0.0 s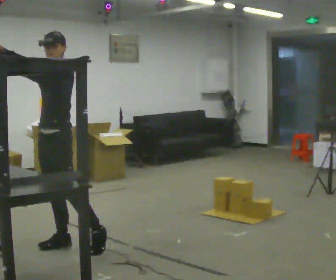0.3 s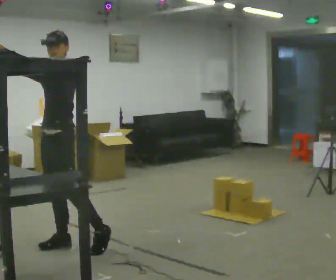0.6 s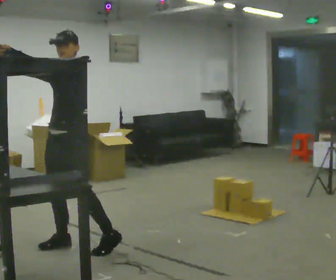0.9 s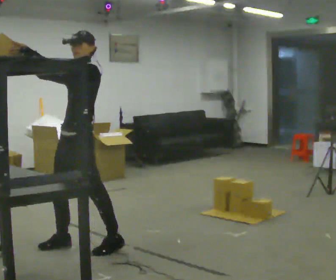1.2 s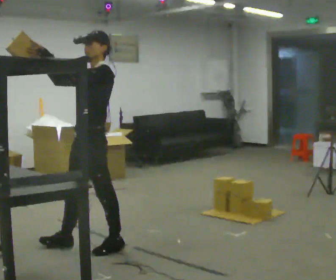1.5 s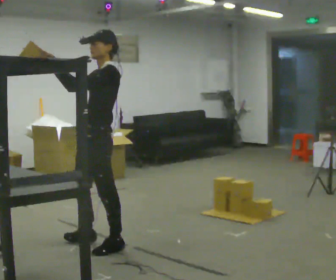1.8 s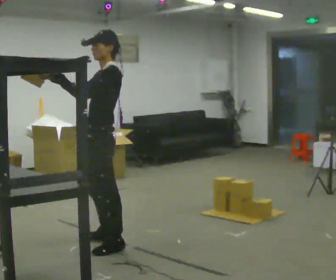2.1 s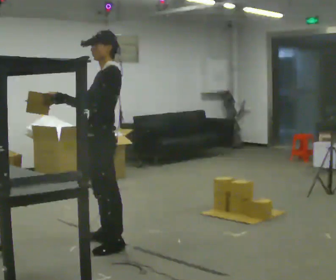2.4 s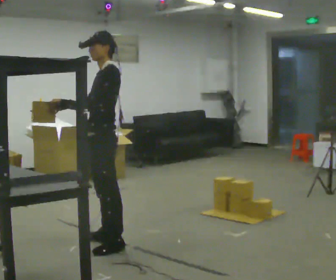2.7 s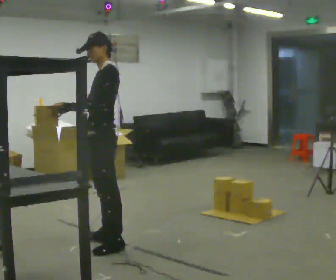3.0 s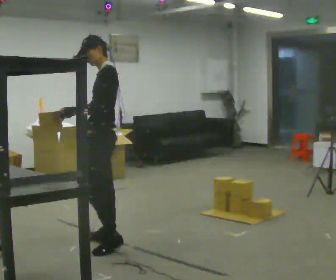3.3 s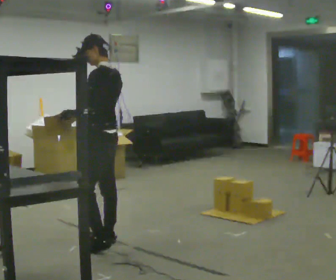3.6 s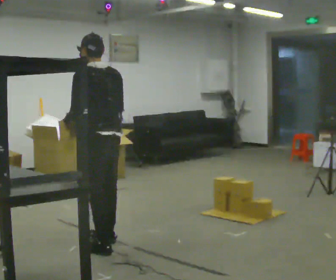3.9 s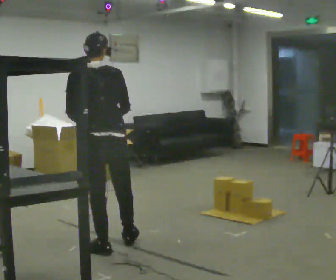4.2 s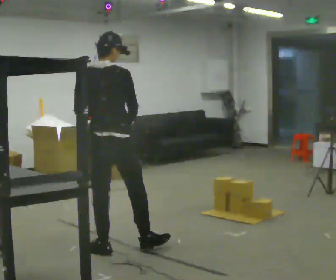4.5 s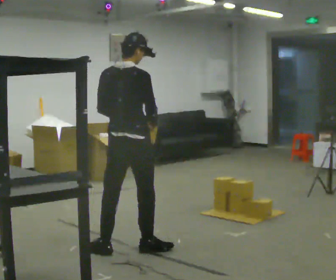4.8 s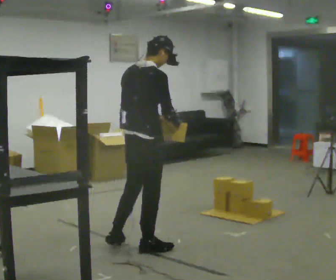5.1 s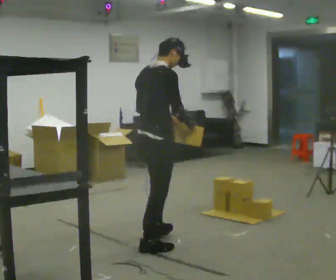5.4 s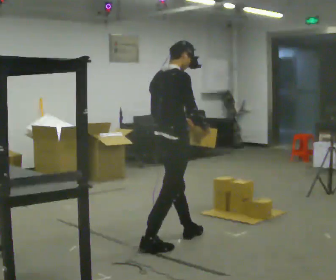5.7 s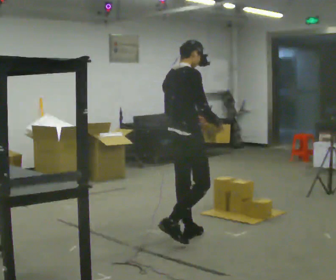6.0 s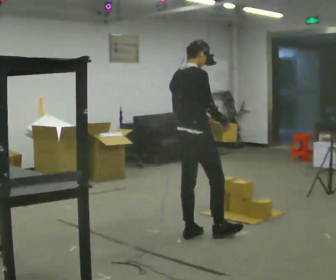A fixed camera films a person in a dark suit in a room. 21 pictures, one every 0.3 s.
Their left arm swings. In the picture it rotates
counterclockwise.
The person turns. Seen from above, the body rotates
clockwise.
0.0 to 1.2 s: In the picture they go to the right and toward the camera, about 0.25 m, which for them is to their left and backward.
1.2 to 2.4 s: In the picture their right hand goes downward, the arm swinging counterclockwise.
2.4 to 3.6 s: The person turns about 60 degrees to their right, clockwise seen from above, so the part of the body nearest the lens slides to the left.
3.6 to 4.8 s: The part of the body nearest the lens slides to the left as the person turns to their right by about 75 degrees. In the picture they go to the right, about 0.25 m in 1 step.
4.8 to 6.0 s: In the picture they go to the right and away from the camera, about 0.5 m in 1 step, which for them is forward.
The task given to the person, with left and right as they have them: 1. Bring the boxes over from the shelf one at a time. 2. Stack them on the pallet with the heaviest at the bottom. 3. Do not stack more than three high. 4. Tell the operator when you are finished.
The film runs forward here.
